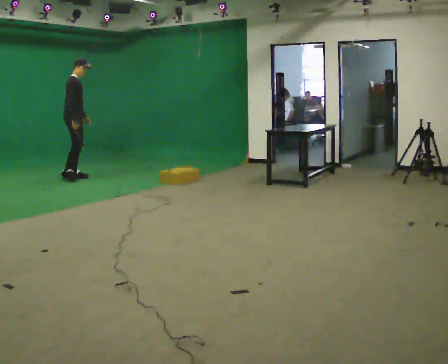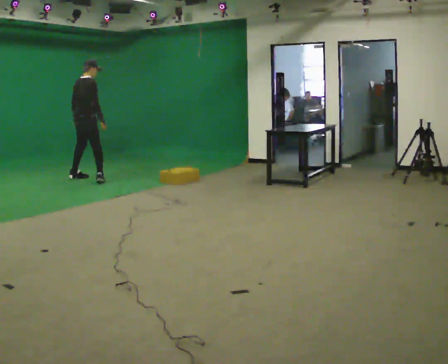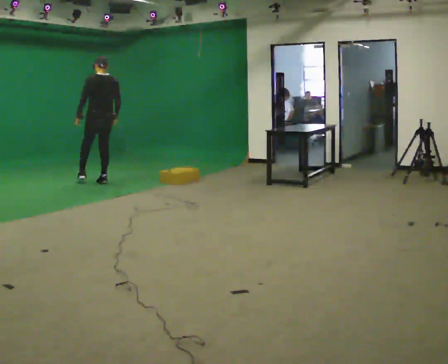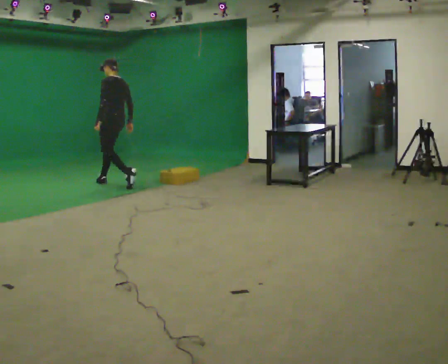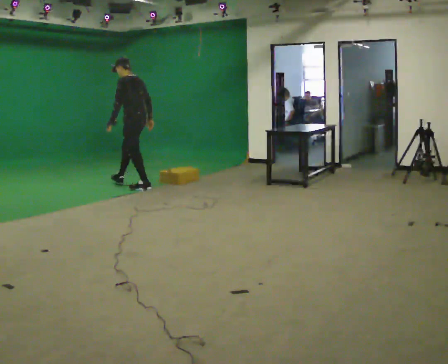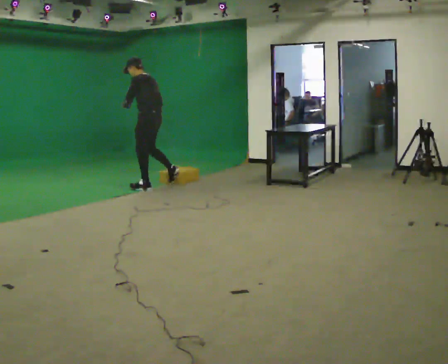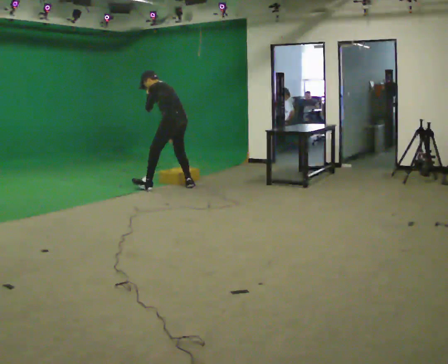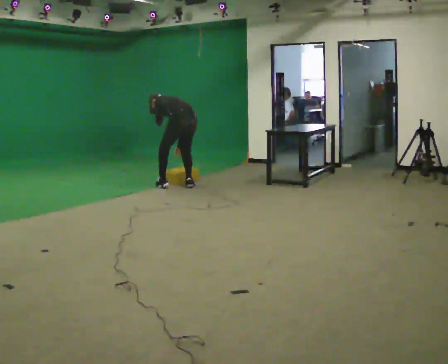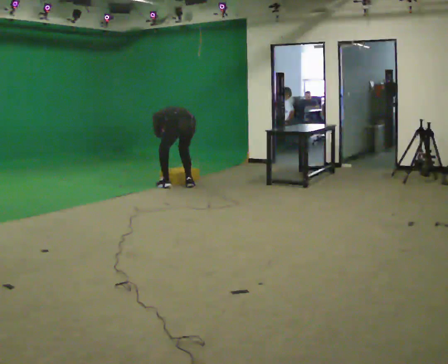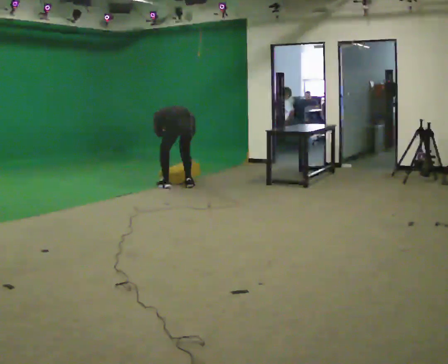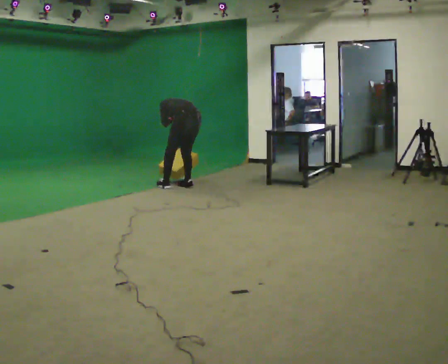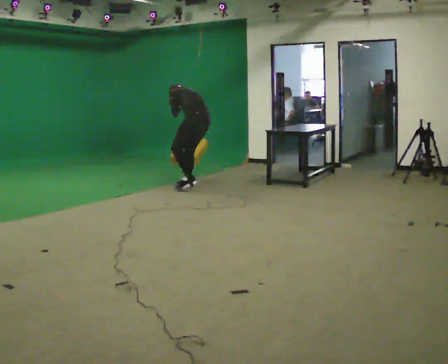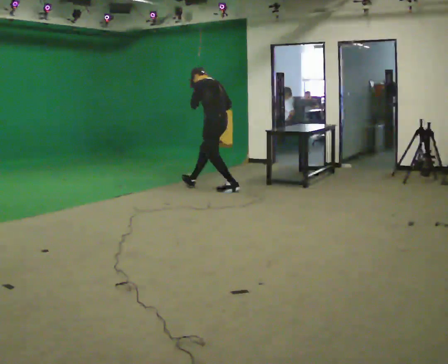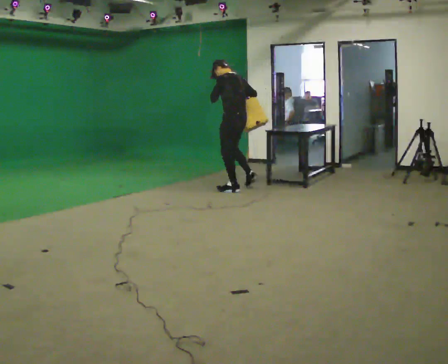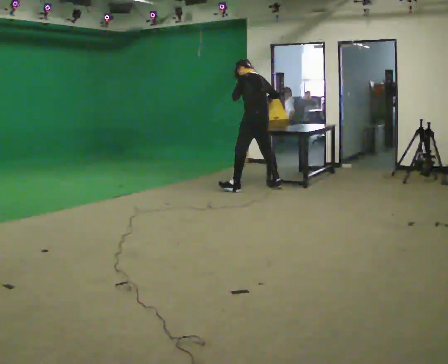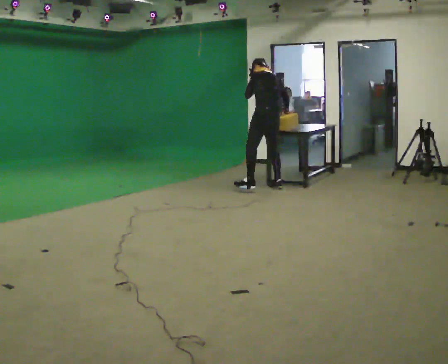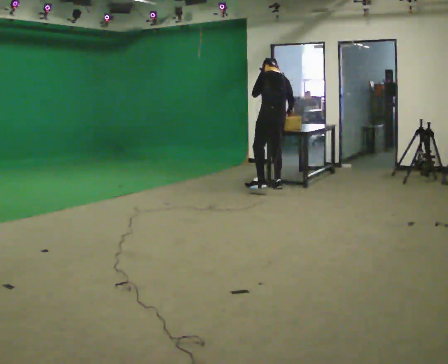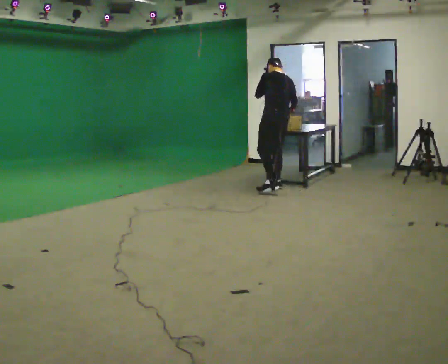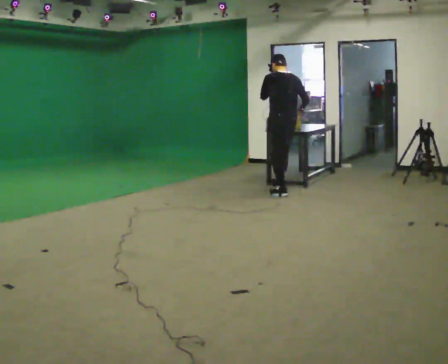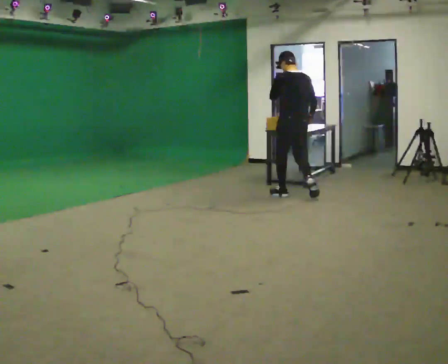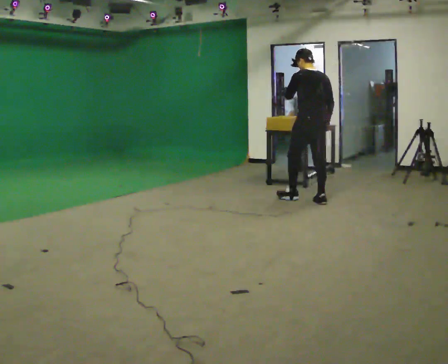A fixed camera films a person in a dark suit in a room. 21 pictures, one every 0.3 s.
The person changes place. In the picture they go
to the right.
0.0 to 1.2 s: The person turns about 150 degrees to their left, counterclockwise seen from above, so the part of the body nearest the lens slides to the right. In the picture they go to the right and toward the camera, about 1 m in 2 steps. In the picture the upper body tilts counterclockwise, shoulders to the left.
1.2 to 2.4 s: The part of the body nearest the lens slides to the left as the person turns to their right by about 30 degrees. In the picture they go to the right, about 0.75 m in 1 step, which for them is backward and to their right. The upper body goes downward. The upper body tips away from the camera, its near side rolling upward, as they bend forward.
2.4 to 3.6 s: The part of the body nearest the lens slides to the right as the person turns to their left by about 30 degrees. In the picture they go to the right, about 0.5 m in 2 steps, which for them is to their right and backward. The upper body goes upward. The upper body tips toward the camera, its near side rolling downward, as they lean back or straighten. In the picture their right hand goes upward.
3.6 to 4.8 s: The person turns about 30 degrees to their right, clockwise seen from above, so the part of the body nearest the lens slides to the left. In the picture they go to the right, about 0.5 m in 1 step, which for them is backward and to their right. In the picture the upper body tilts clockwise, shoulders to the right.
4.8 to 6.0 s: In the picture they go toward the camera and to the right, about 1 m in 2 steps, which for them is backward. The upper body tips toward the camera, its near side rolling downward.
The film runs backward here.
